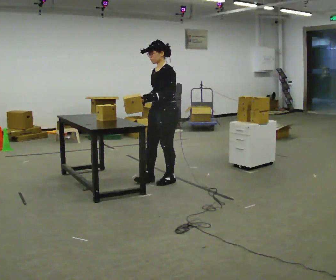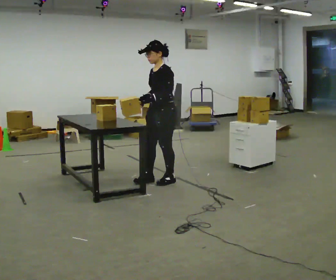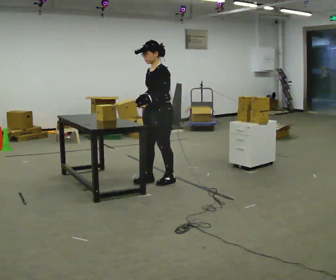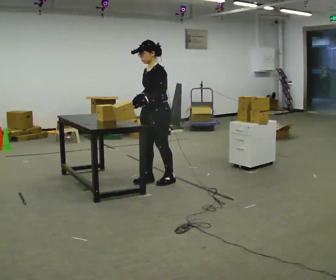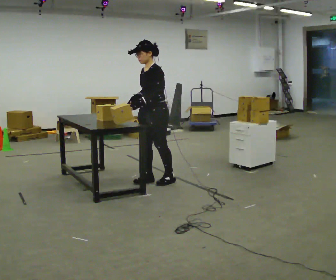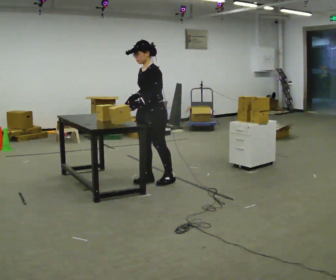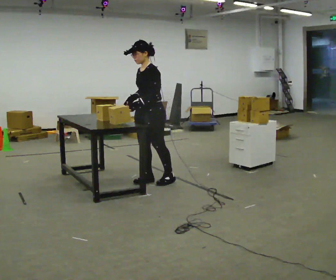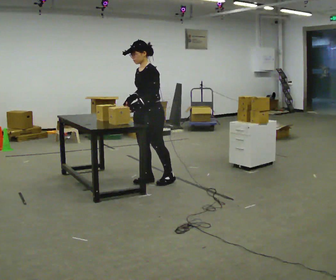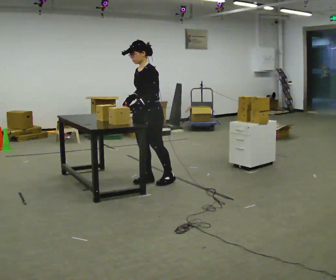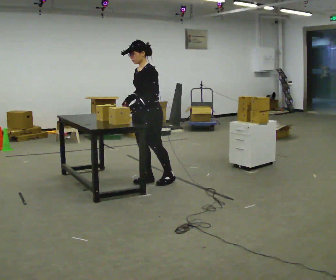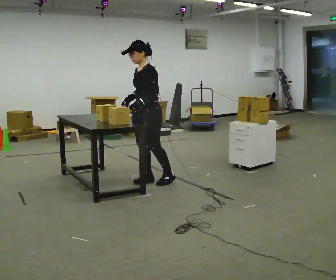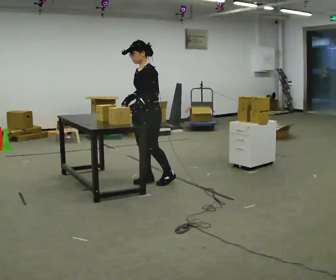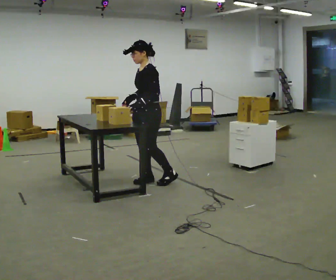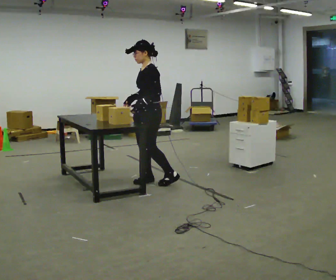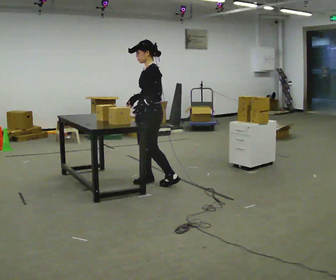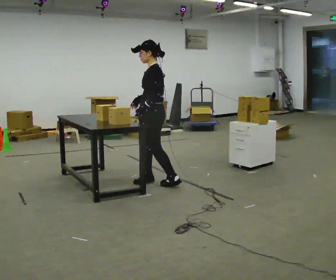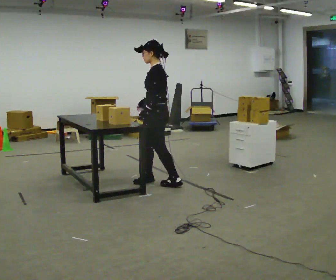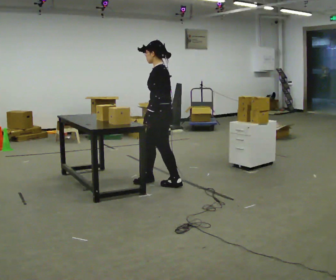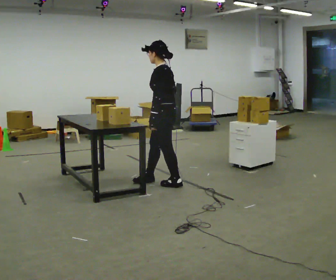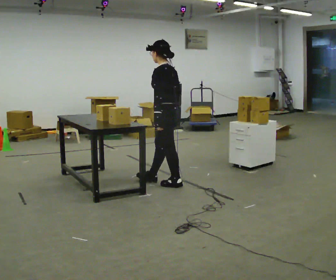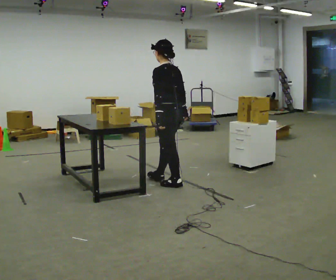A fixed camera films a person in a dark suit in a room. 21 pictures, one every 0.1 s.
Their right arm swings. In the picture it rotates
counterclockwise.
The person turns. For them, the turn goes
to their right.
0.0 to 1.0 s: In the picture they go to the left, about 0.25 m in 1 step, which for them is forward.
1.0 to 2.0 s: The part of the body nearest the lens slides to the left as the person turns to their right by about 75 degrees. In the picture they go to the right and toward the camera, about 0.25 m in 1 step.
The film runs forward here.
